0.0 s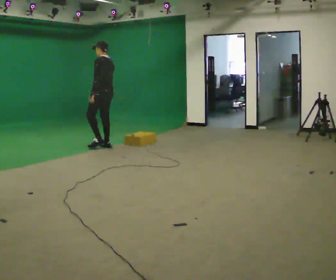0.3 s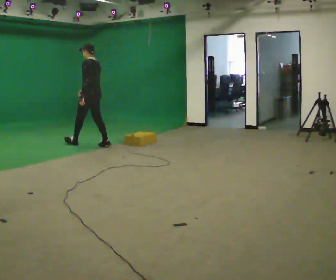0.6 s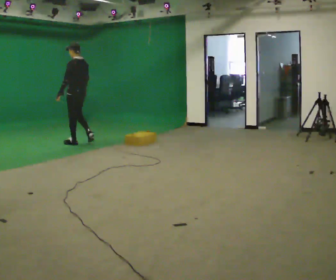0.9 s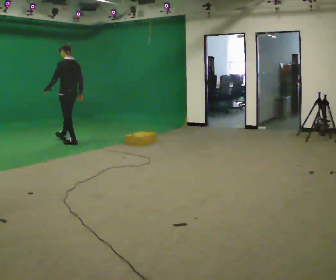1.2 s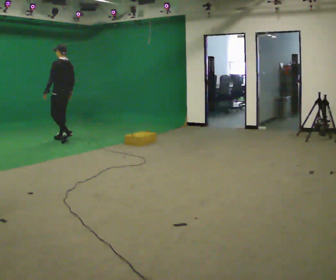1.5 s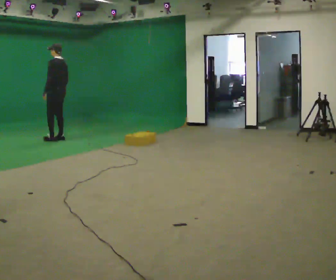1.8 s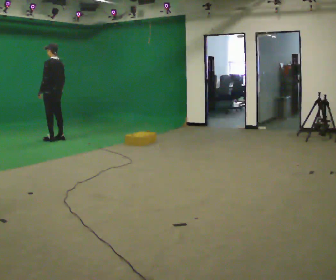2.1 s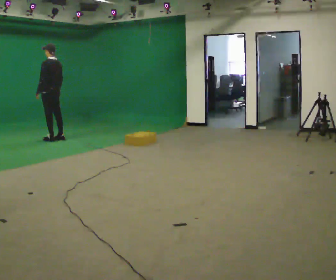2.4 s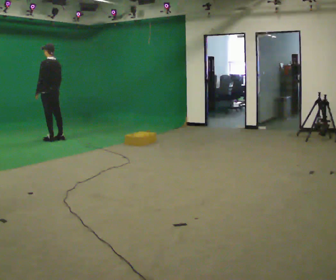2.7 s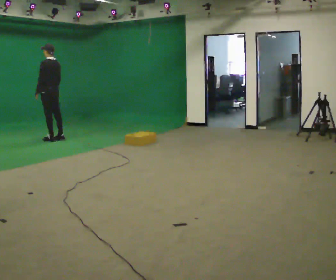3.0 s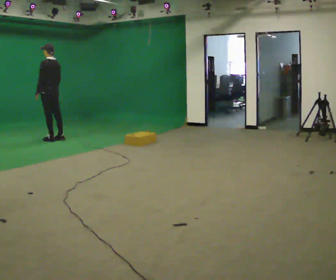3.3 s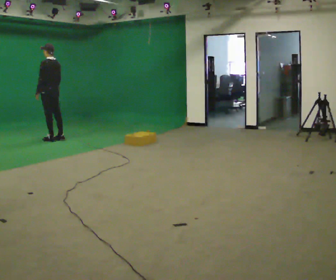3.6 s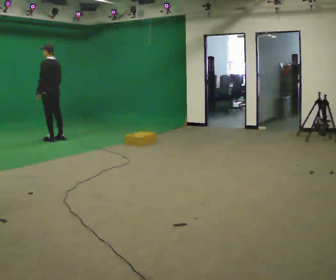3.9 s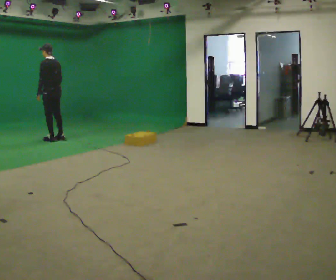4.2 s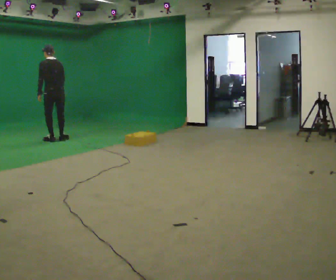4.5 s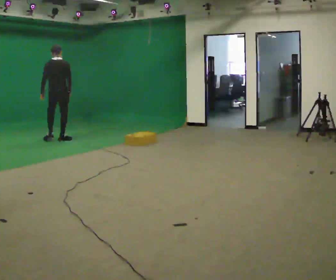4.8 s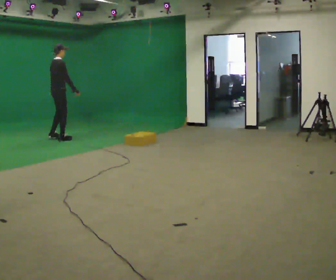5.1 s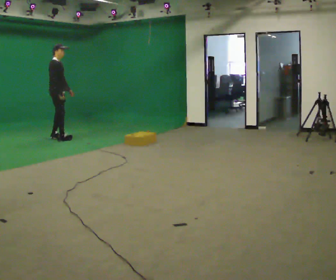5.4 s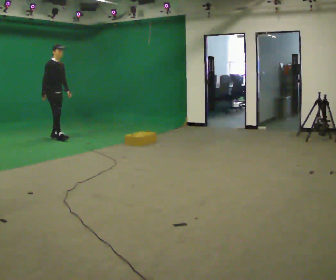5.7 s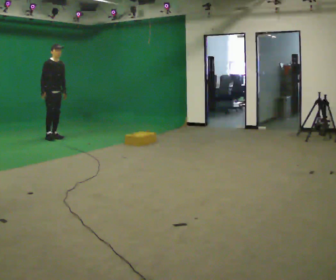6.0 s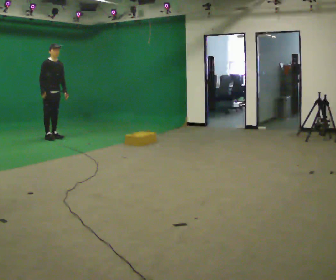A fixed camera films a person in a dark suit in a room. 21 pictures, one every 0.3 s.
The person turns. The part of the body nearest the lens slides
to the left.
The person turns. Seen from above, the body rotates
clockwise.
0.0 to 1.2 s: In the picture they go to the left and away from the camera, about 1 m in 2 steps, which for them is forward.
1.2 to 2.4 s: In the picture they go to the left, about 0.25 m in 1 step, which for them is forward.
2.4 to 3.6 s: The person moves a little, or ends about where they began.
3.6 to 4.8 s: The person turns about 120 degrees to their right, clockwise seen from above, so the part of the body nearest the lens slides to the left. In the picture their left hand goes to the right.
4.8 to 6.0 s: The part of the body nearest the lens slides to the left as the person turns to their right by about 60 degrees. In the picture they go away from the camera and to the left, about 0.25 m in 2 steps. In the picture their right hand goes to the left, the arm swinging clockwise.
The film runs forward here.
